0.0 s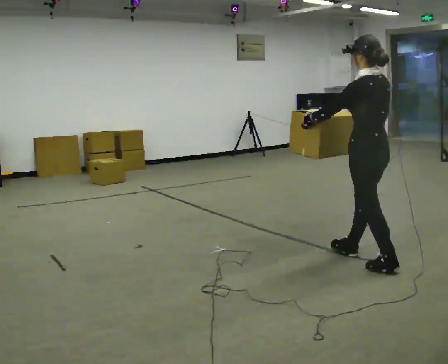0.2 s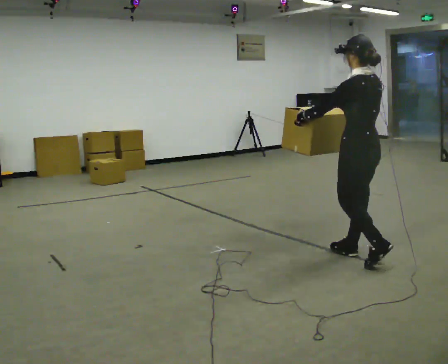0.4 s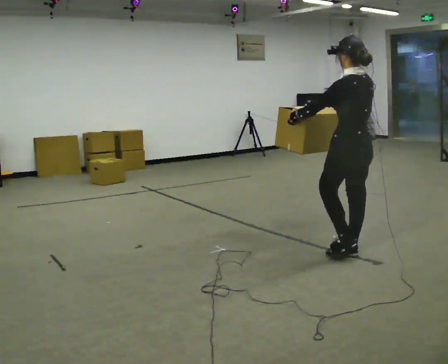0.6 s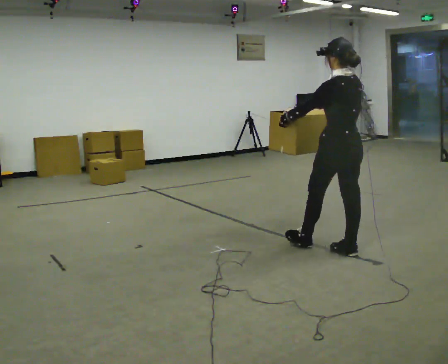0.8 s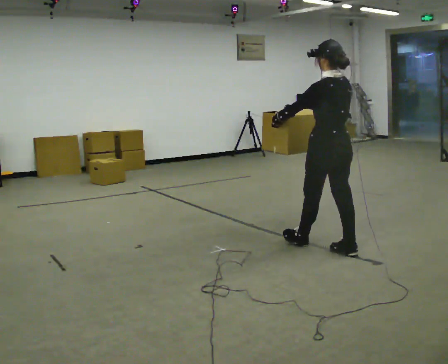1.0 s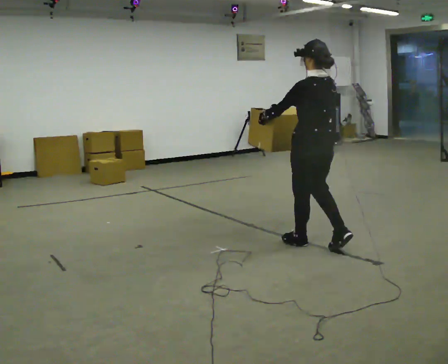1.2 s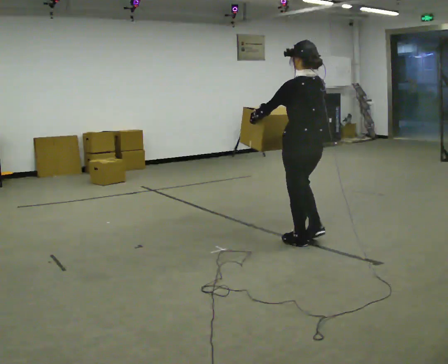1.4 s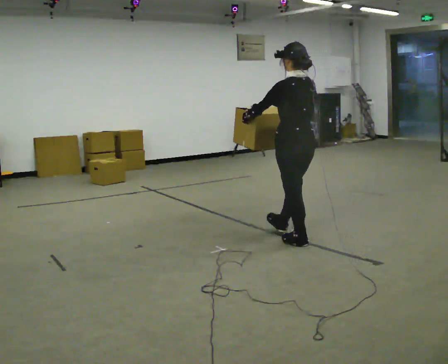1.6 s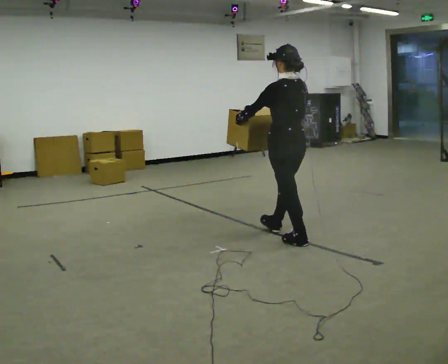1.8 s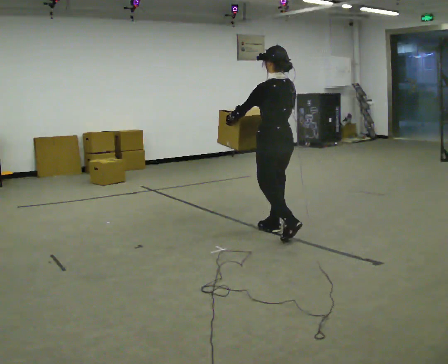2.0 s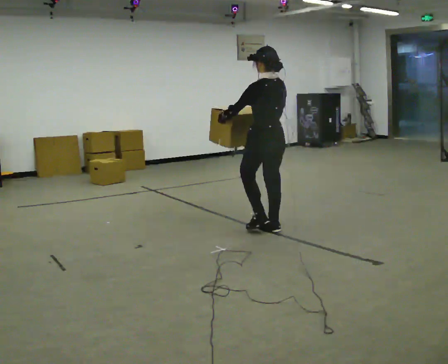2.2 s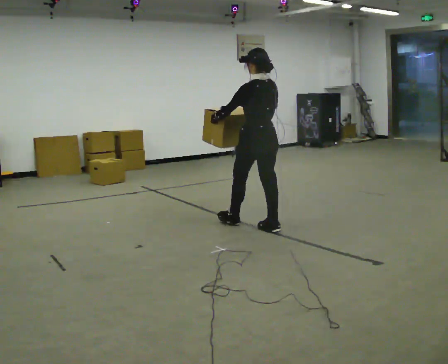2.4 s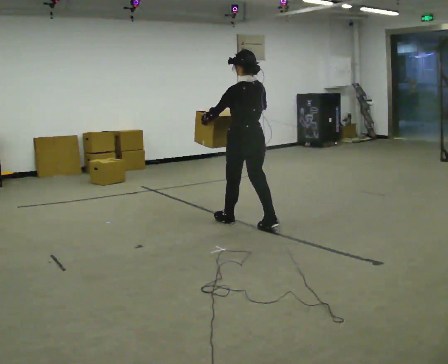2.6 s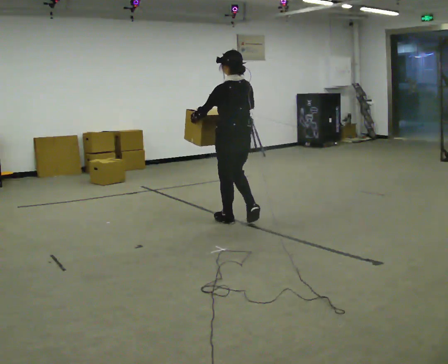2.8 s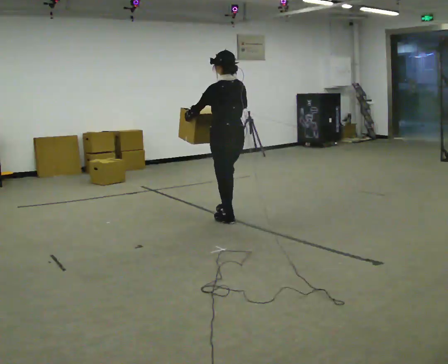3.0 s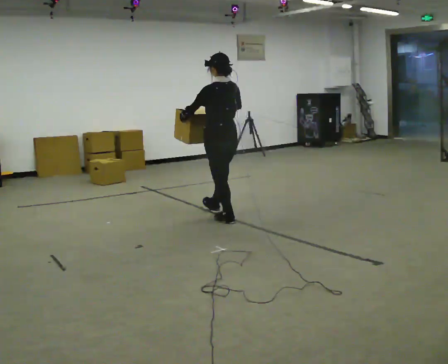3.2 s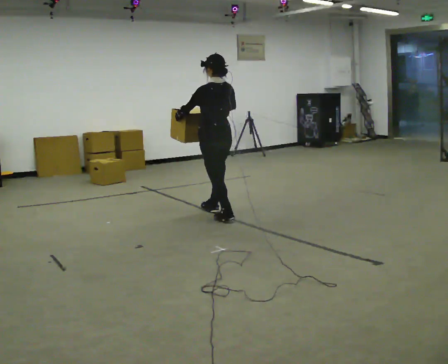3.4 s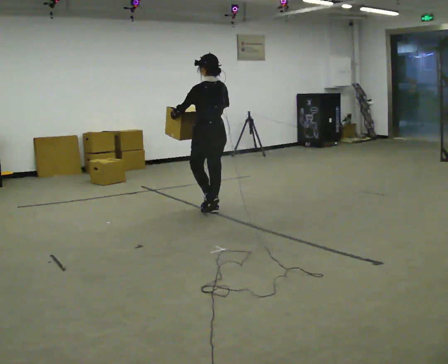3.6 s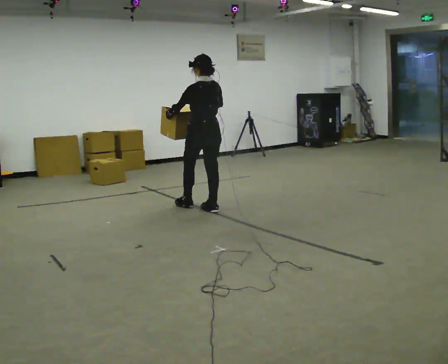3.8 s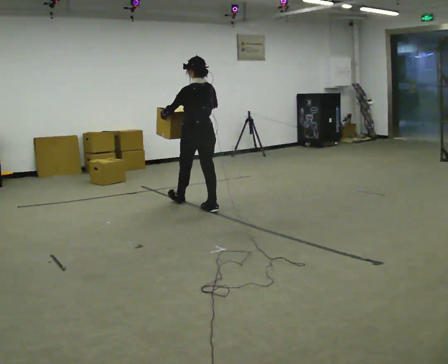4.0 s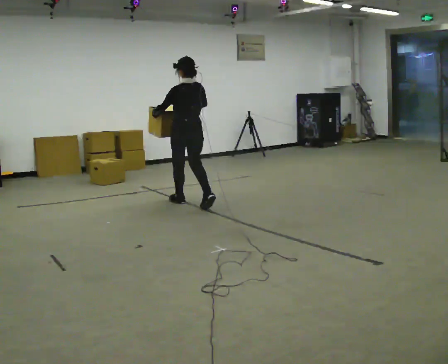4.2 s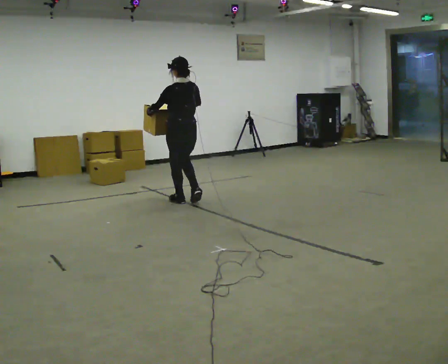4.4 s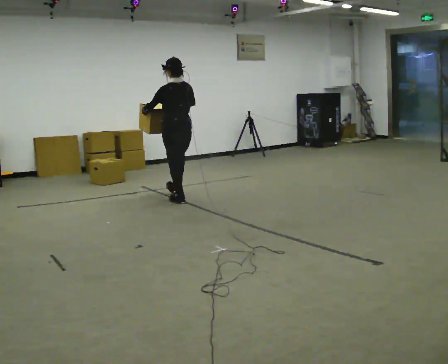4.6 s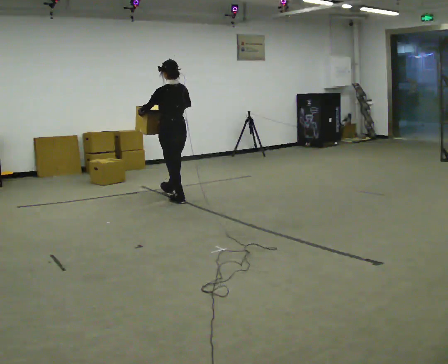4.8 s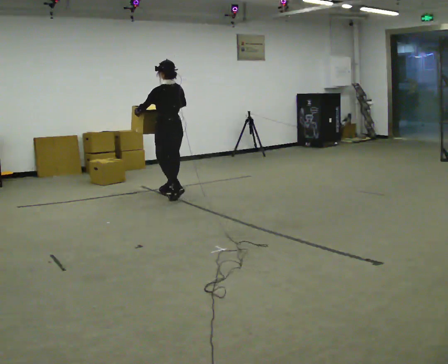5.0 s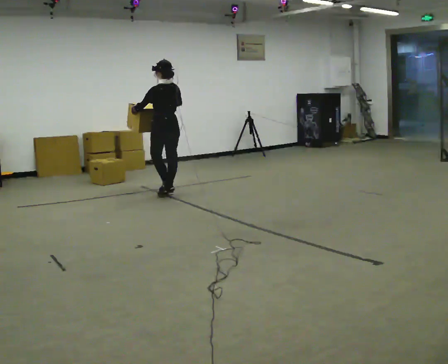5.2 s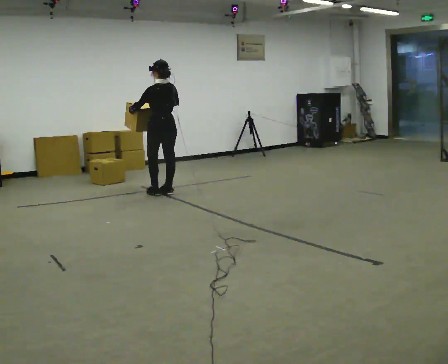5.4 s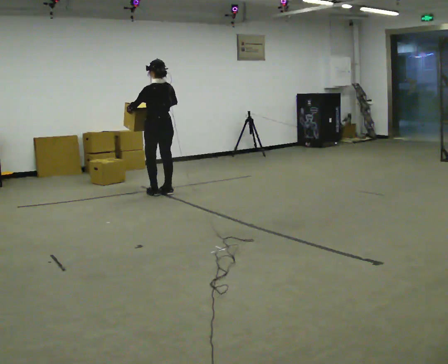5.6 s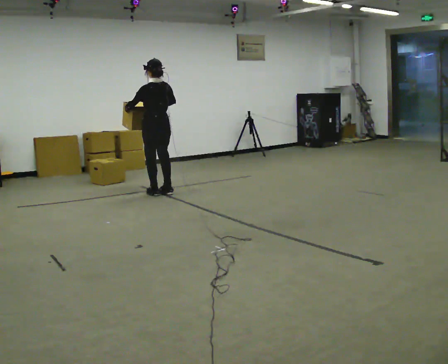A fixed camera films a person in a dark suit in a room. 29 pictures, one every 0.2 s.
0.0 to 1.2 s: In the picture they go away from the camera and to the left, about 0.75 m in 1 step, which for them is forward.
1.2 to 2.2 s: In the picture they go away from the camera and to the left, about 0.5 m in 1 step, which for them is forward.
2.2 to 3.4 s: In the picture they go away from the camera and to the left, about 1 m in 2 steps, which for them is forward.
3.4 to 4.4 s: In the picture they go away from the camera and to the left, about 0.75 m in 1 step, which for them is forward.
4.4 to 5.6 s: In the picture they go away from the camera and to the left, about 0.5 m in 2 steps, which for them is forward.
The film runs forward here.
